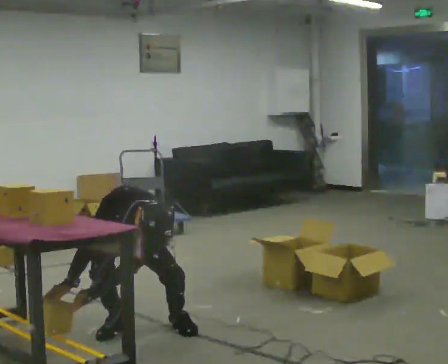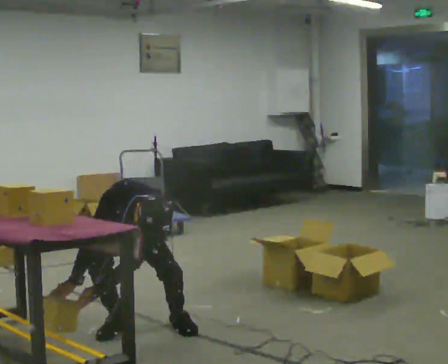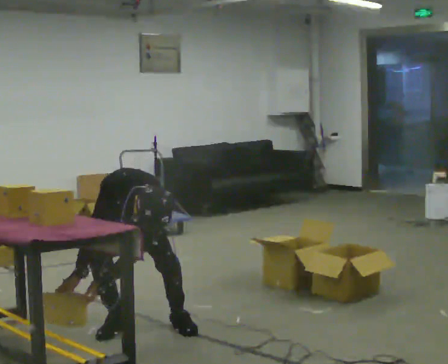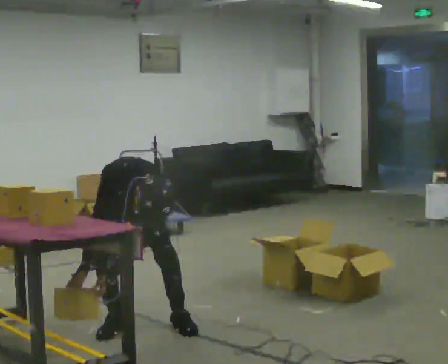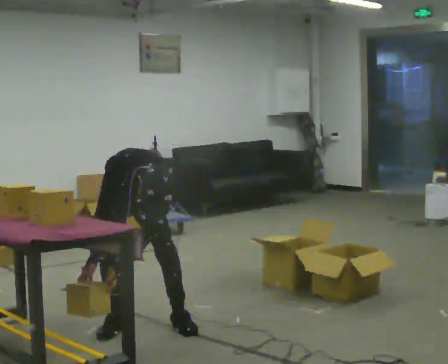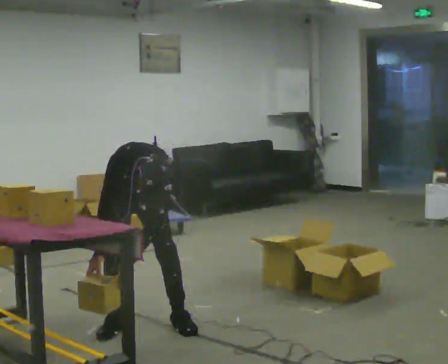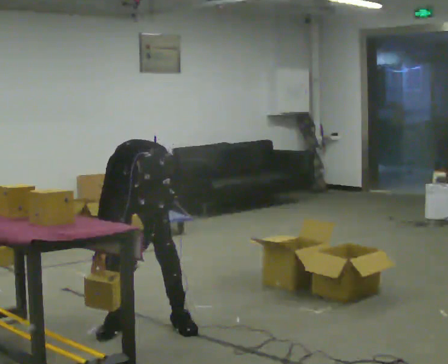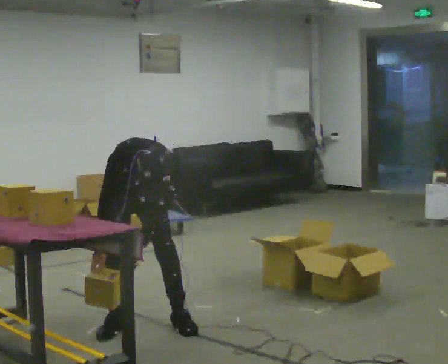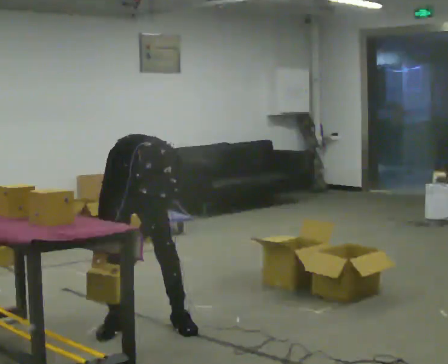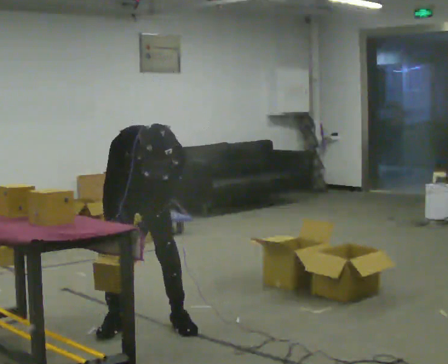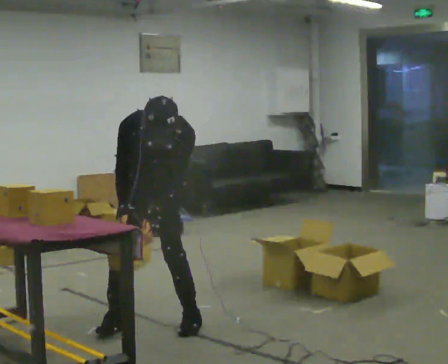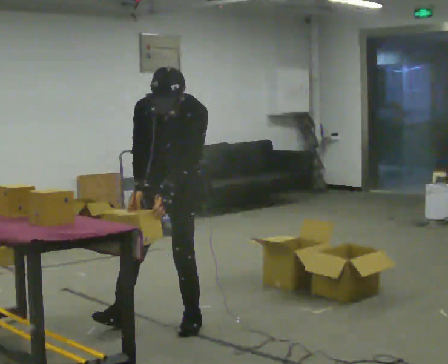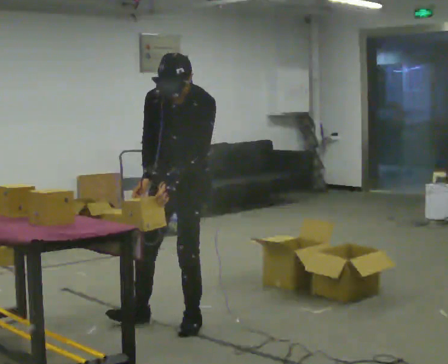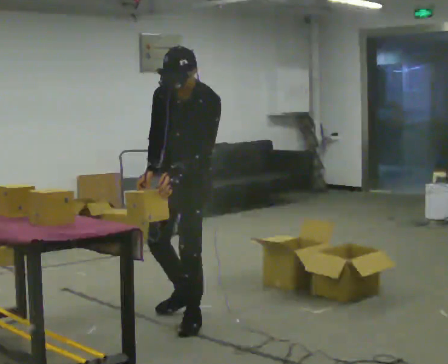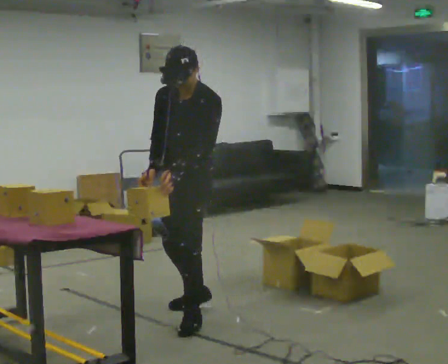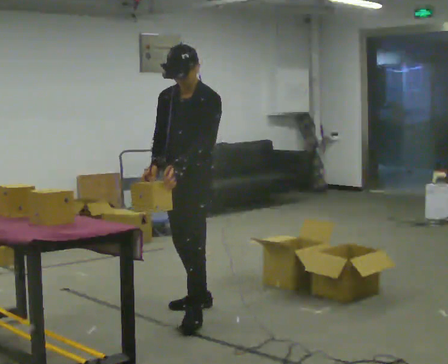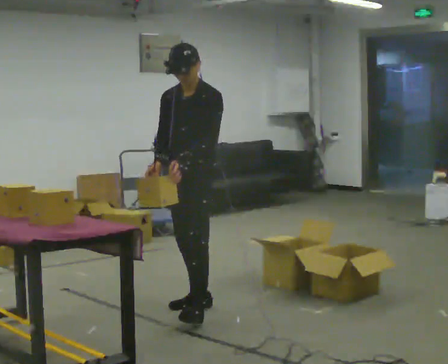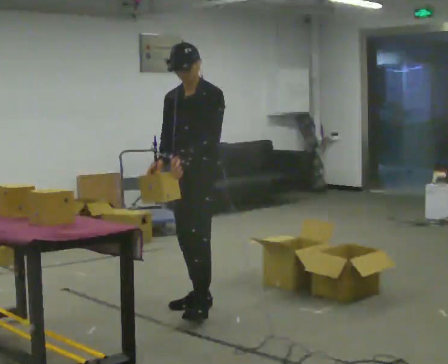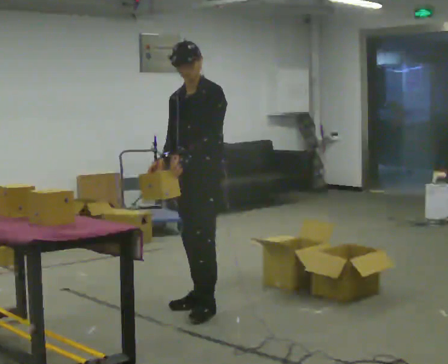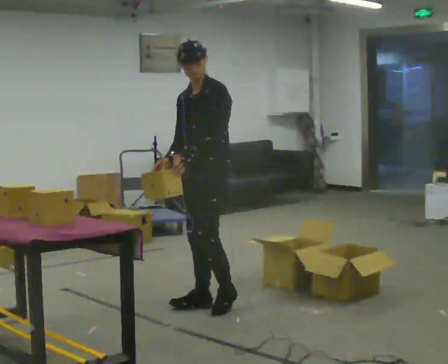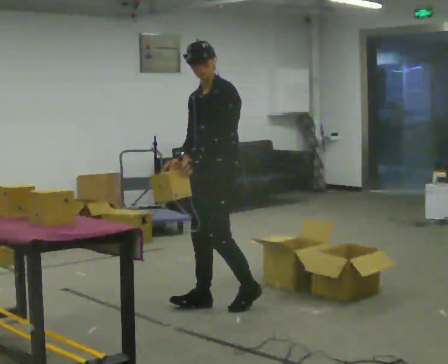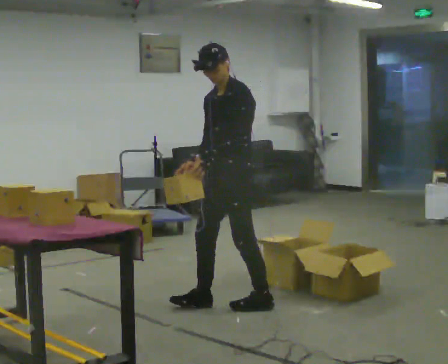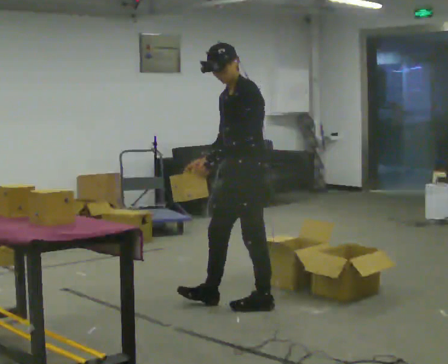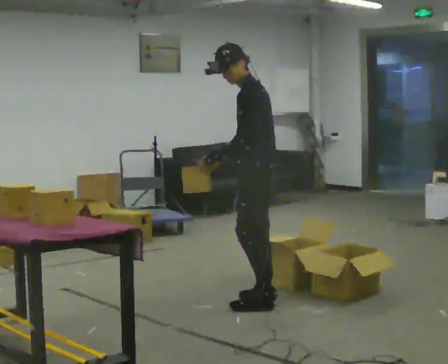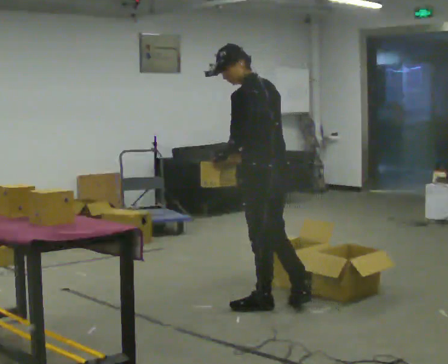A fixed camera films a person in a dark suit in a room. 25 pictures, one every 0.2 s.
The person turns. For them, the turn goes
to their right.
The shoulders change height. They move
upward.
0.0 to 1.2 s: The upper body goes upward.
1.2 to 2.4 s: The part of the body nearest the lens slides to the left as the person turns to their right by about 30 degrees. In the picture they go to the right, about 0.25 m in 1 step, which for them is to their left. The upper body goes upward. The upper body tips away from the camera, its near side rolling upward, as they lean back or straighten. In the picture their left hand goes upward.
2.4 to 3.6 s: In the picture they go away from the camera, about 0.25 m in 1 step, which for them is backward and to their right. The upper body tips away from the camera, its near side rolling upward, as they lean back or straighten.
3.6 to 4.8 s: Seen from above the body turns clockwise, about 90 degrees: to their right, with its near side sliding to the left. In the picture they go to the right, about 0.5 m in 1 step.
The film runs backward here.
